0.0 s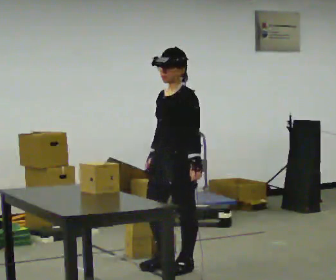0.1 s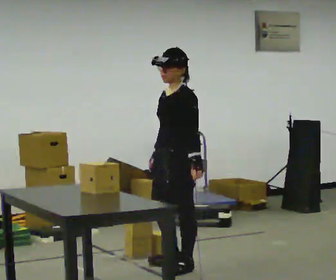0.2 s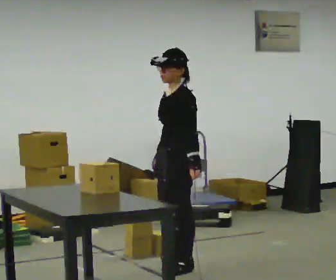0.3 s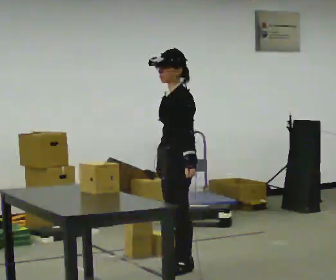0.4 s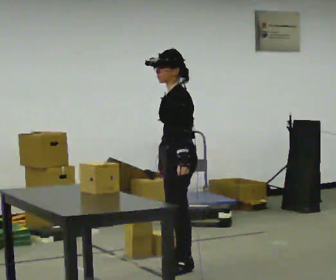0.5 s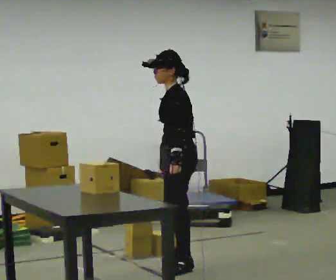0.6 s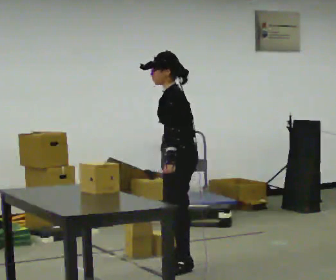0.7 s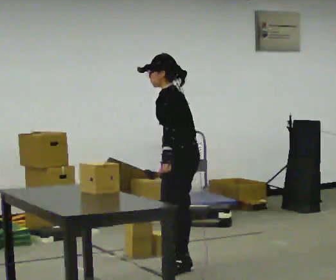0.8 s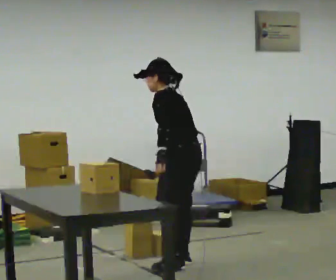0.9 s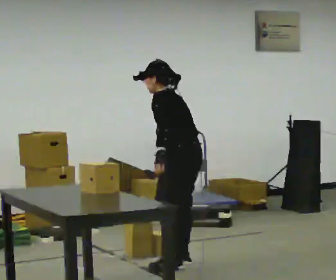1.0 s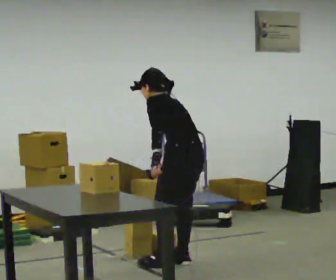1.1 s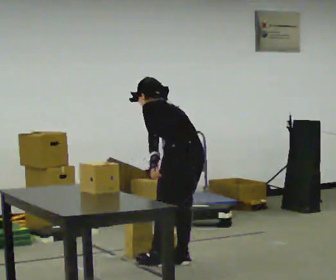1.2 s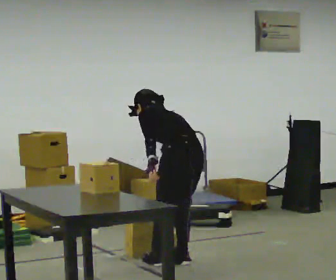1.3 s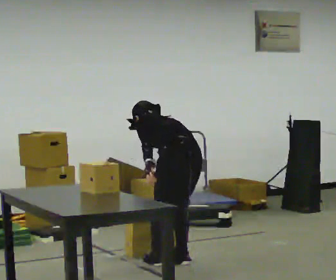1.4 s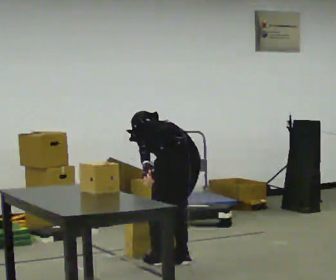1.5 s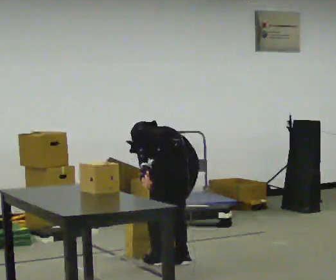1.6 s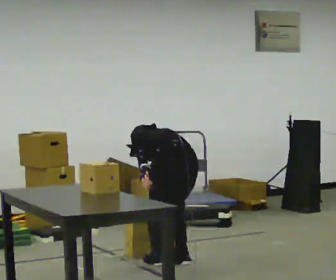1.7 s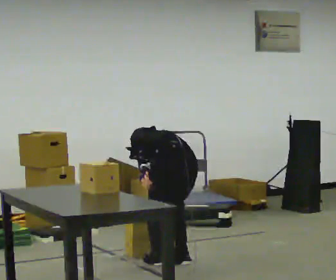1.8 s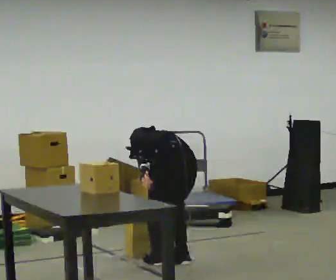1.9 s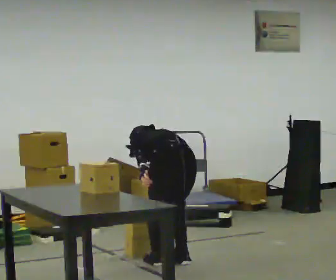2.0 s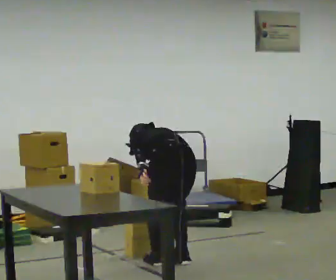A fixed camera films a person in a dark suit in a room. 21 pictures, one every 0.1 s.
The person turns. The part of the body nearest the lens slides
to the left.
The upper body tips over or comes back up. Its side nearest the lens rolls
upward.
0.0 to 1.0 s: The person turns about 75 degrees to their right, clockwise seen from above, so the part of the body nearest the lens slides to the left. In the picture they go away from the camera, about 0.25 m in 1 step. The upper body tips away from the camera, its near side rolling upward, as they bend forward.
1.0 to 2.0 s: Seen from above the body turns clockwise, about 30 degrees: to their right, with its near side sliding to the left. The upper body goes downward. The upper body tips away from the camera, its near side rolling upward, as they bend forward.
The film runs backward here.
